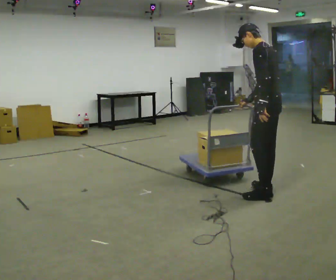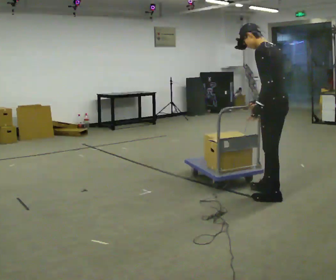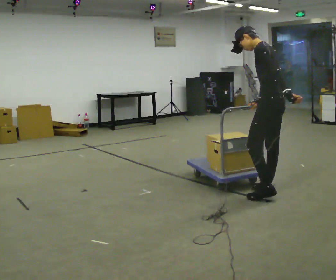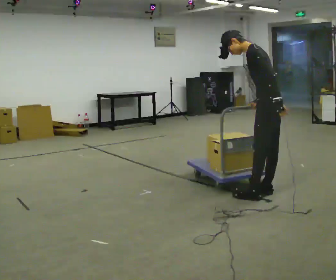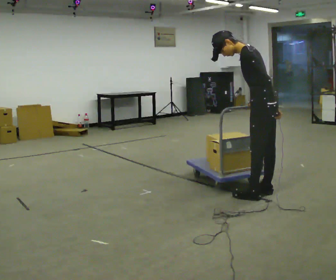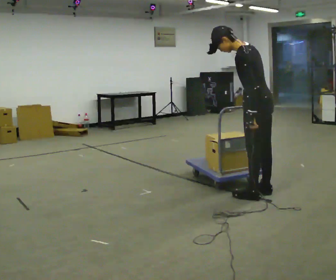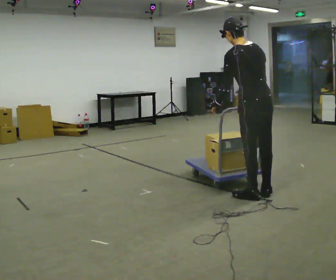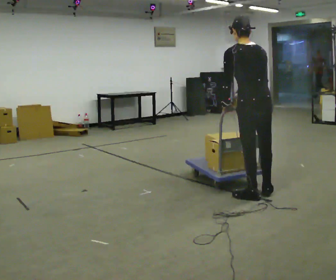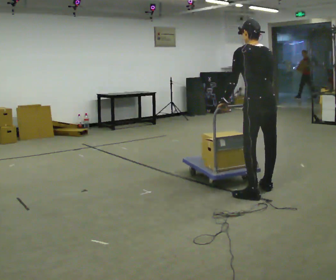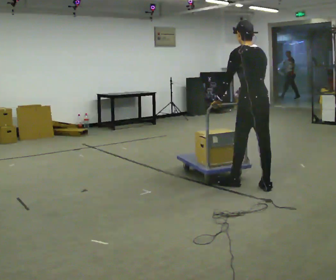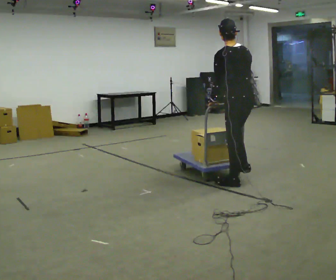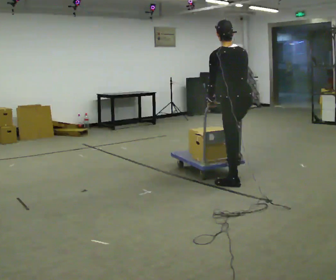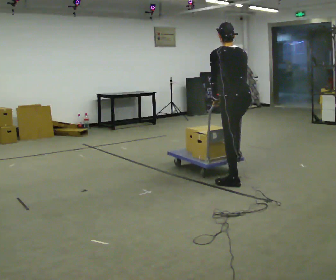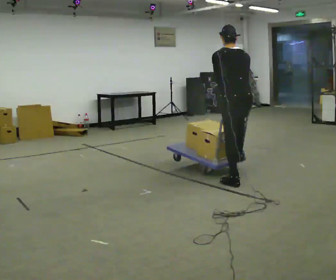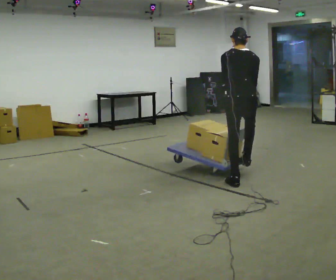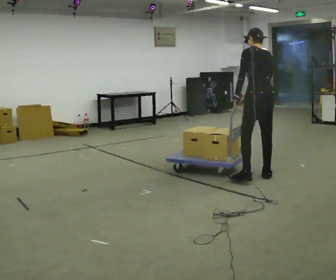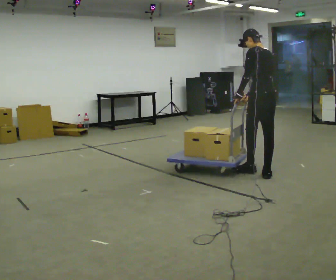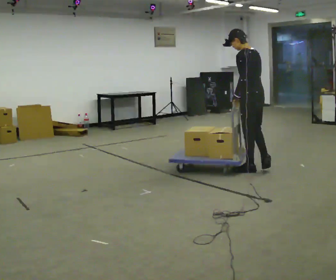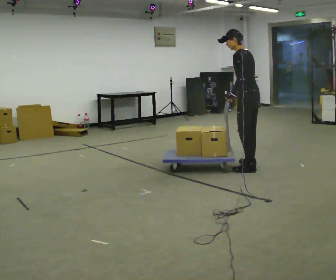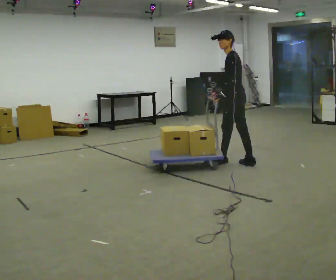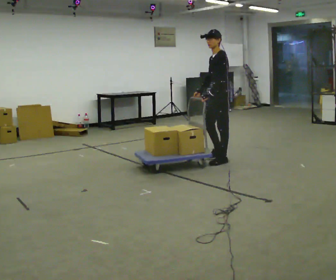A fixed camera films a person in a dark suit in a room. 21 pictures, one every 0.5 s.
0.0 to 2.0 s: In the picture the upper body tilts counterclockwise, shoulders to the left.
2.0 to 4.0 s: The person turns about 45 degrees to their right, clockwise seen from above, so the part of the body nearest the lens slides to the left. In the picture the upper body tilts clockwise, shoulders to the right. In the picture their left hand goes to the left, the arm swinging clockwise.
4.0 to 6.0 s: In the picture they go away from the camera and to the left, about 0.25 m in 3 steps, which for them is forward.
6.0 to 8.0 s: In the picture they go away from the camera and to the right, about 0.5 m in 1 step, which for them is to their right and forward.
8.0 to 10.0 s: The person turns about 75 degrees to their left, counterclockwise seen from above, so the part of the body nearest the lens slides to the right. In the picture they go away from the camera and to the left, about 1 m in 3 steps. The upper body tips toward the camera, its near side rolling downward.
The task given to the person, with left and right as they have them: Push the cart along the marked route and round the corner to the side the operator calls.
The film runs forward here.
